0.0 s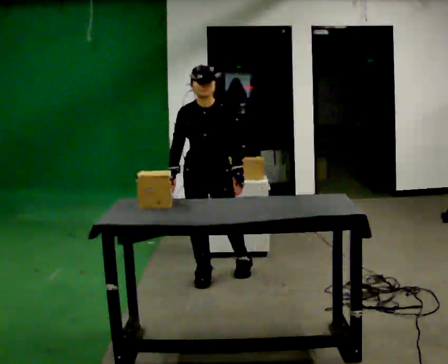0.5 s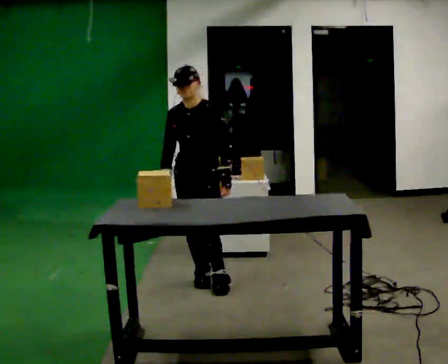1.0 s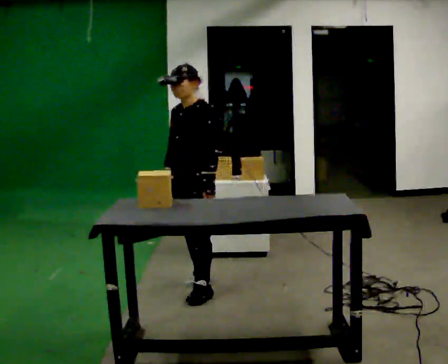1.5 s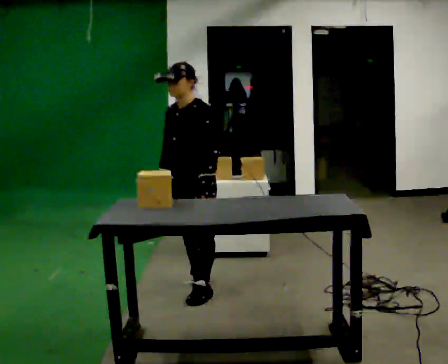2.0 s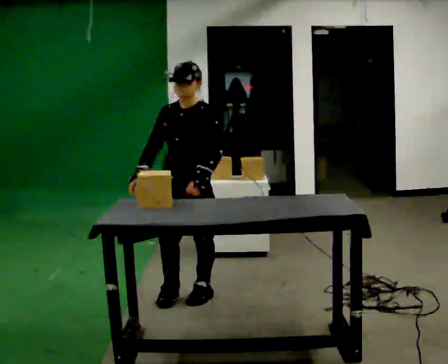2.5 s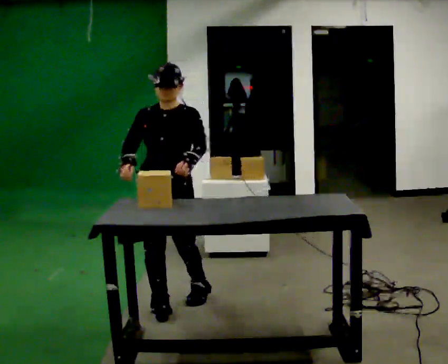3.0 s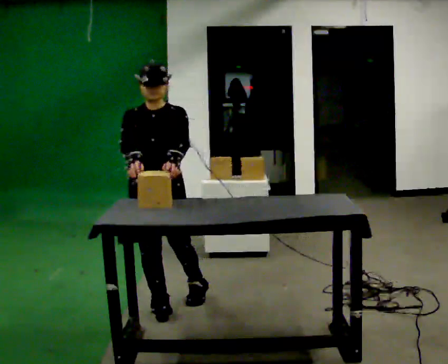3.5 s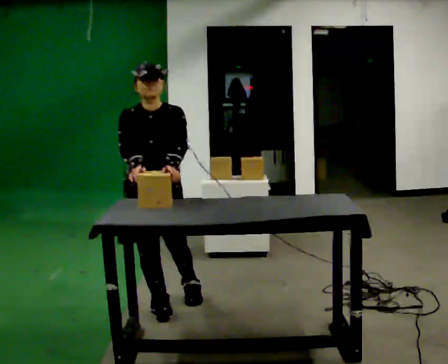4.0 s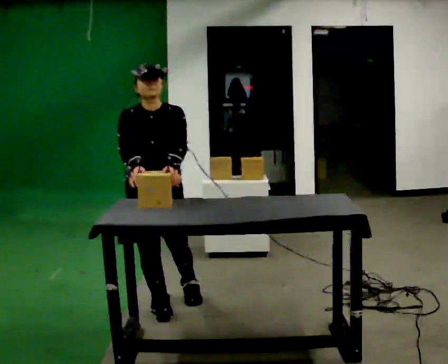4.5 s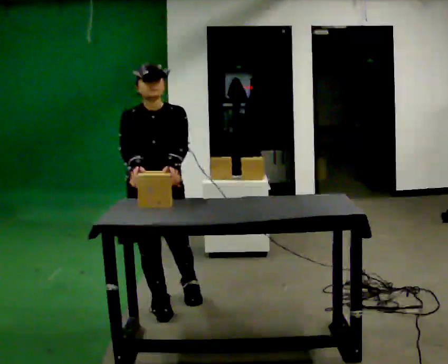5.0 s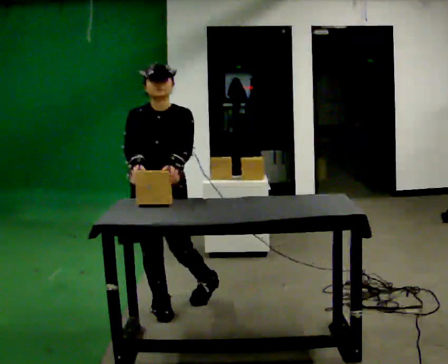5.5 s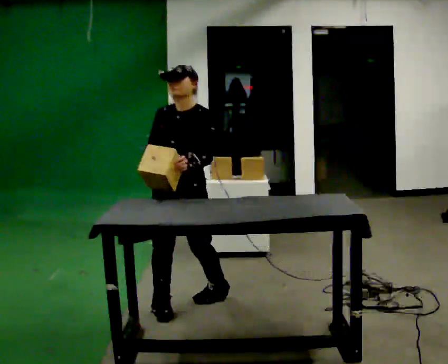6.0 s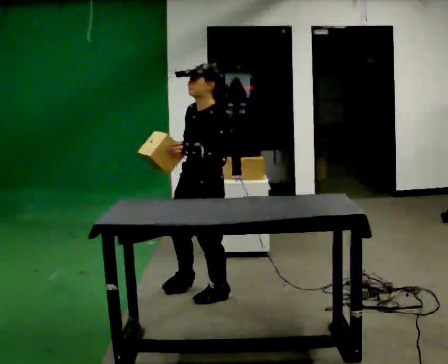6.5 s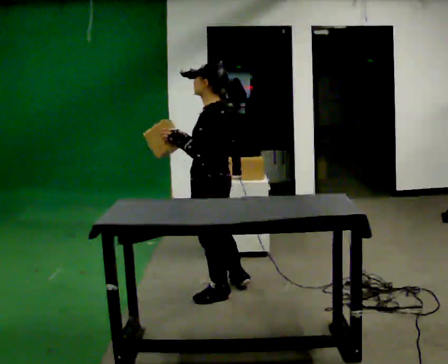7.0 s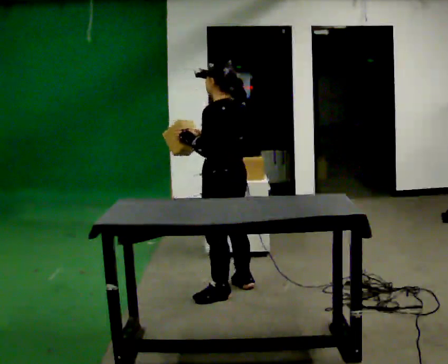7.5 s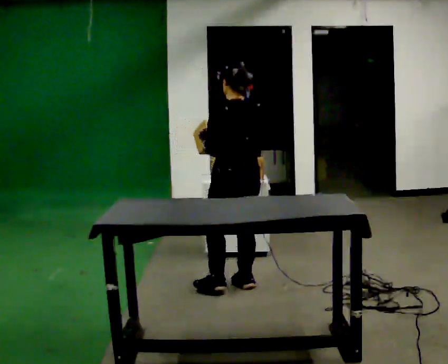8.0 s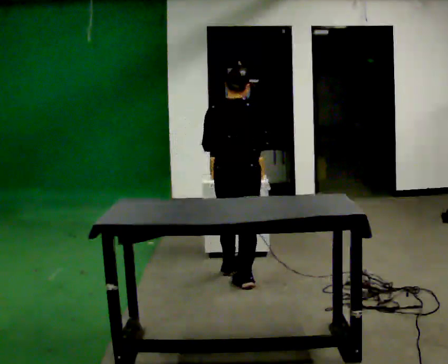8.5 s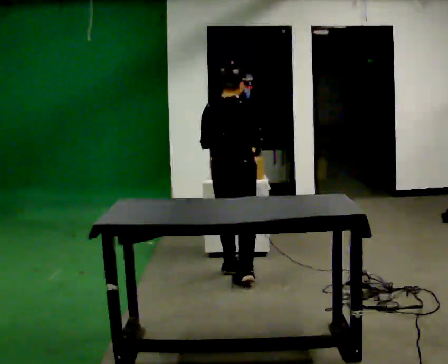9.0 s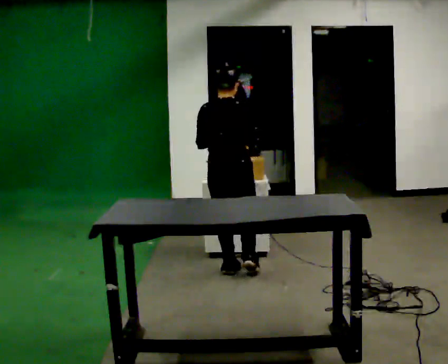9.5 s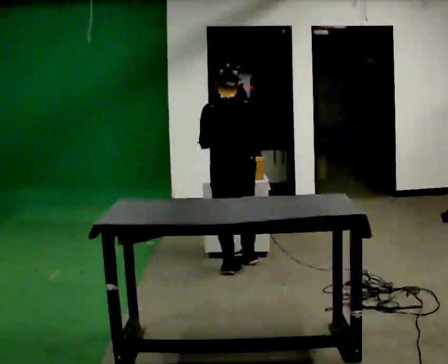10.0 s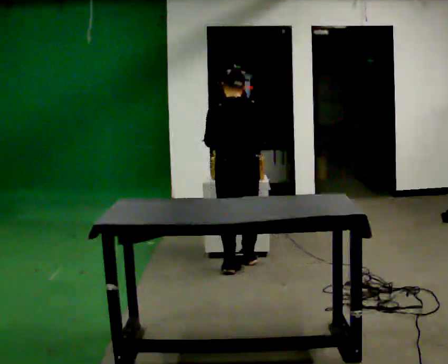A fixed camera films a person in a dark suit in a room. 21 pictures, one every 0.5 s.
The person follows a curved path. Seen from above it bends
counterclockwise.
0.0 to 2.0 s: In the picture they go toward the camera, about 0.5 m in 1 step, which for them is forward and to their left.
2.0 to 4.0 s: Seen from above the body turns counterclockwise, about 30 degrees: to their left, with its near side sliding to the right. In the picture they go to the left and toward the camera, about 0.25 m in 1 step, which for them is to their right and forward.
4.0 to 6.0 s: The person turns about 60 degrees to their right, clockwise seen from above, so the part of the body nearest the lens slides to the left. In the picture they go to the right and away from the camera, about 0.25 m.
6.0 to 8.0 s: The part of the body nearest the lens slides to the left as the person turns to their right by about 135 degrees. In the picture they go away from the camera and to the right, about 0.5 m in 2 steps.
8.0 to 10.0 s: The part of the body nearest the lens slides to the right as the person turns to their left by about 30 degrees. In the picture they go away from the camera, about 0.5 m in 1 step, which for them is forward.
The film runs forward here.
